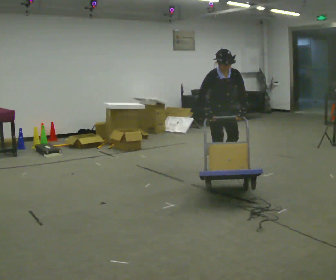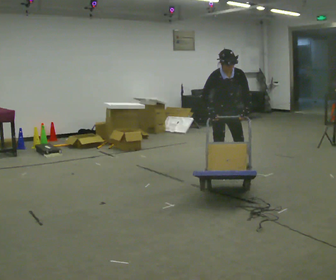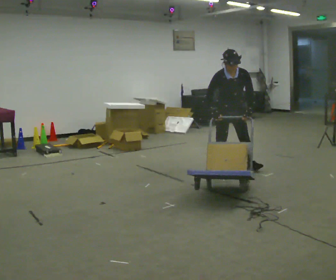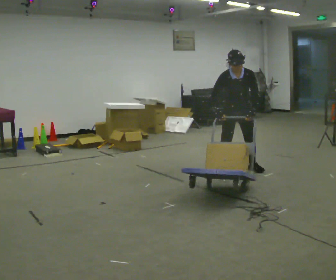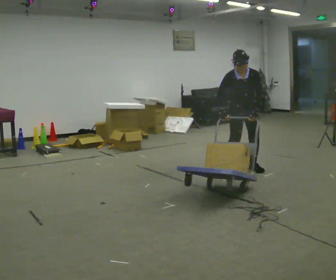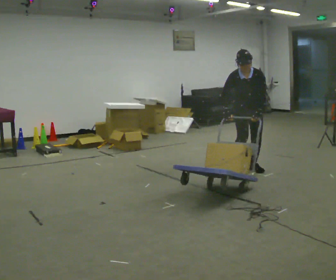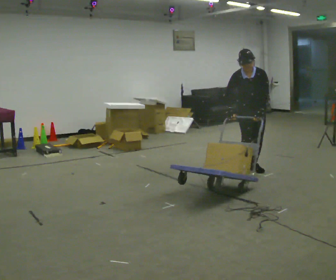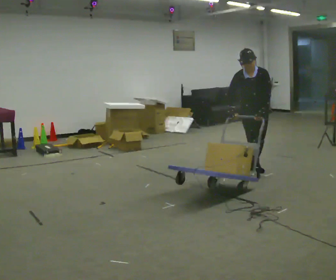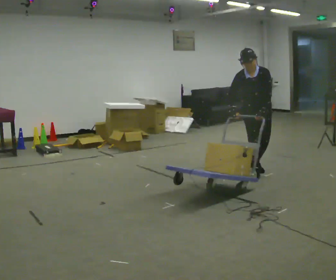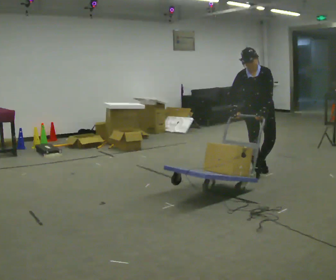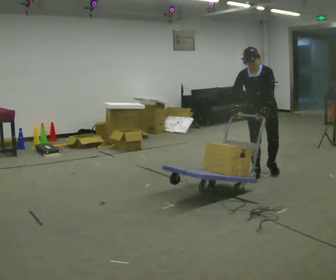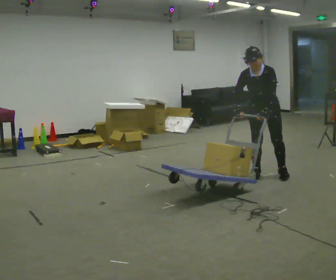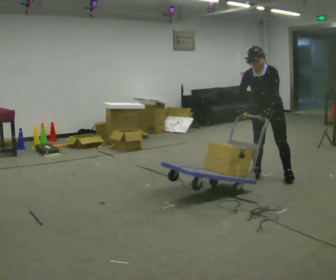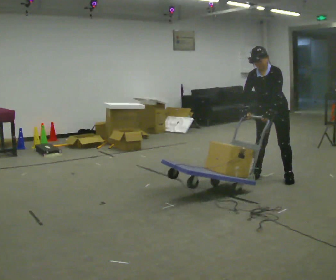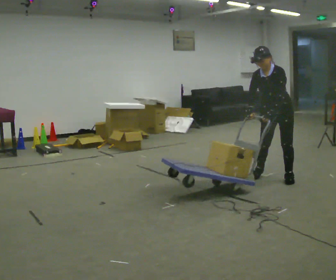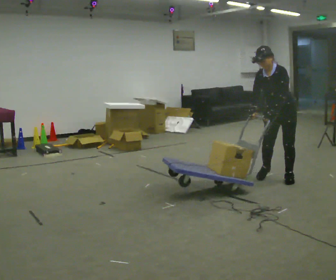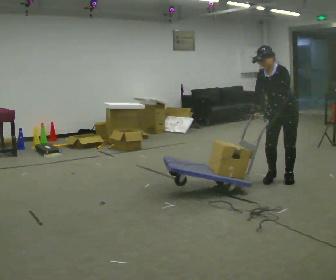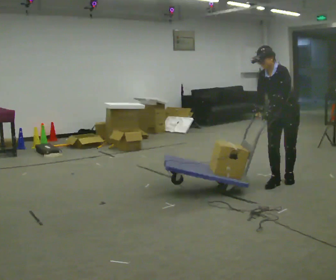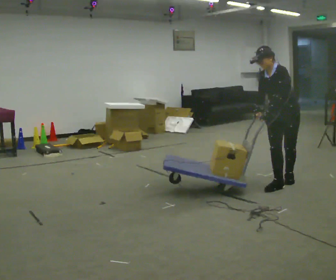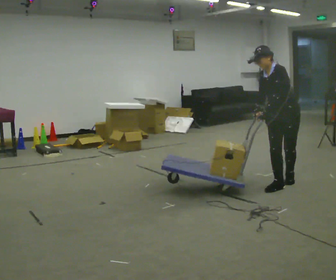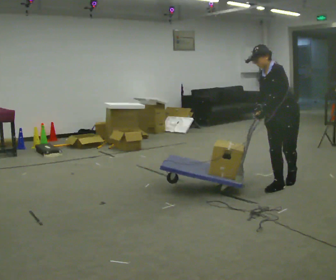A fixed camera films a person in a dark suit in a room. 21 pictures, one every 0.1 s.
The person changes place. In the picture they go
to the right.
The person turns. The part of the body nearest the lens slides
to the left.
0.0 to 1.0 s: The part of the body nearest the lens slides to the left as the person turns to their right by about 45 degrees. In the picture they go to the right, about 0.5 m in 2 steps, which for them is to their left and forward. In the picture the upper body tilts counterclockwise, shoulders to the left.
1.0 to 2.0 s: The person turns about 45 degrees to their right, clockwise seen from above, so the part of the body nearest the lens slides to the left. In the picture they go toward the camera and to the right, about 0.5 m in 2 steps, which for them is to their left and forward.
The film runs forward here.
